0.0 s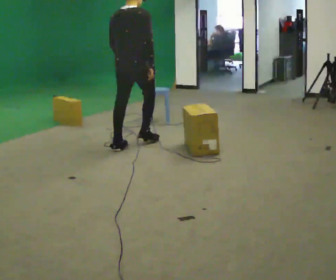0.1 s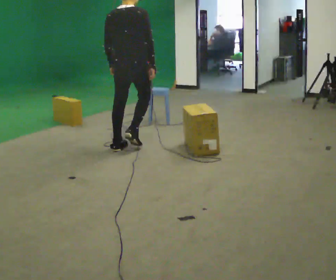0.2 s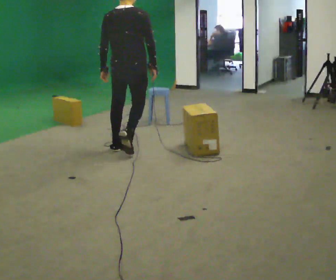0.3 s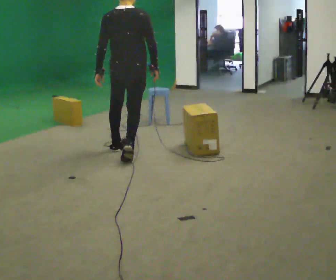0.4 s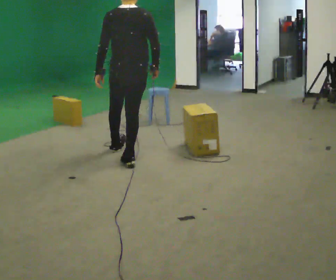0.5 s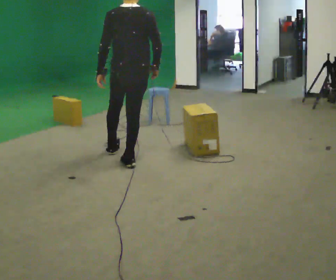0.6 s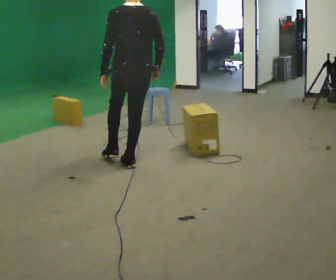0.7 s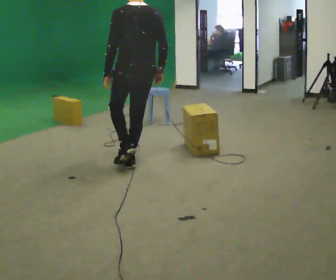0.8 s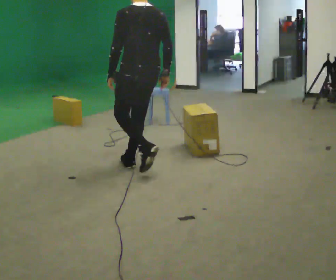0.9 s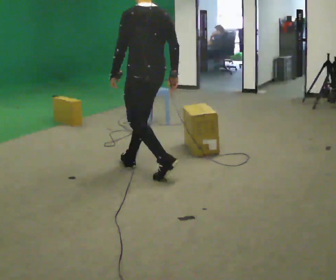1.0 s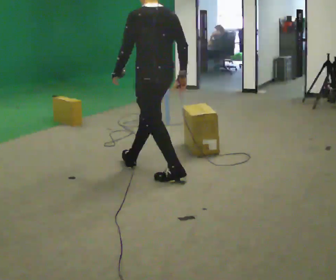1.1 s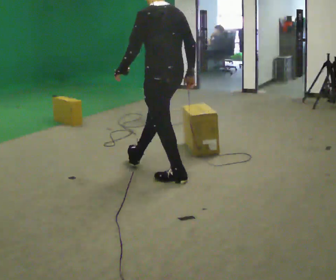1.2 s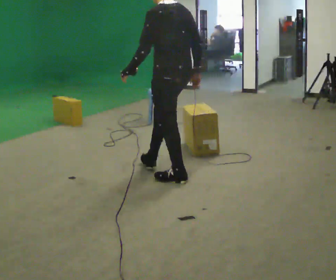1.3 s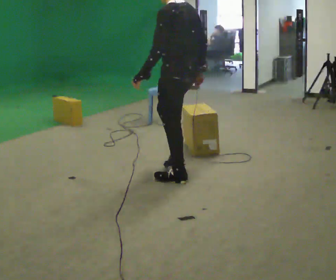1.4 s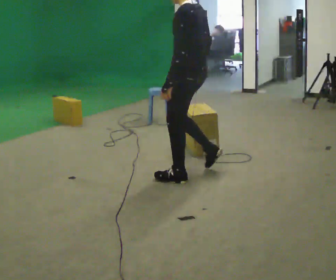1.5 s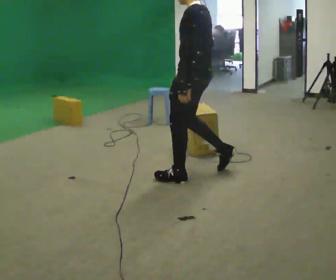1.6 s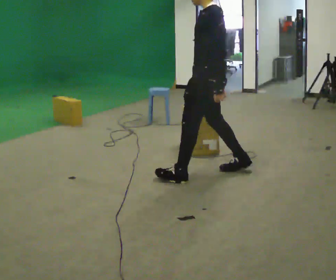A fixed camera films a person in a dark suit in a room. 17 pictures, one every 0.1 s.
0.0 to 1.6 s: Seen from above the body turns counterclockwise, about 105 degrees: to their left, with its near side sliding to the right. In the picture they go toward the camera and to the right, about 1 m in 2 steps.
The film runs backward here.
